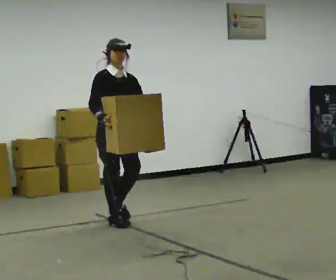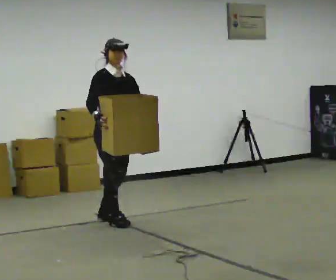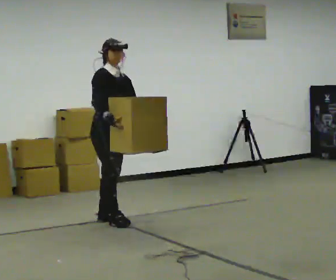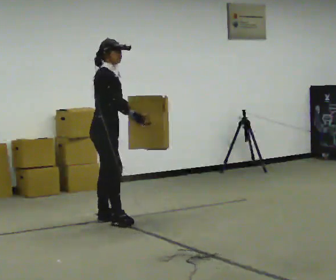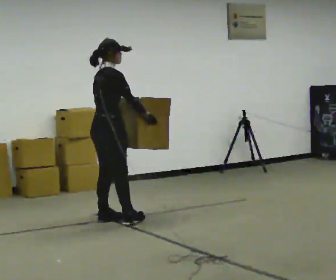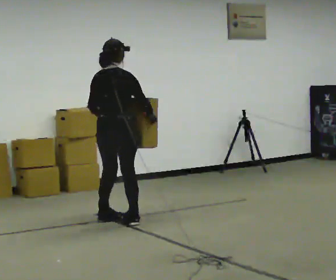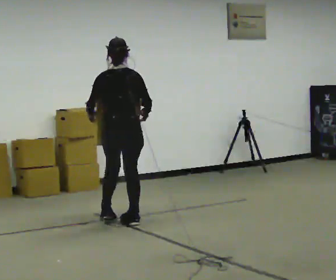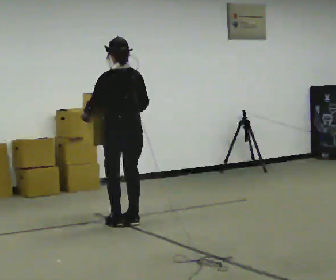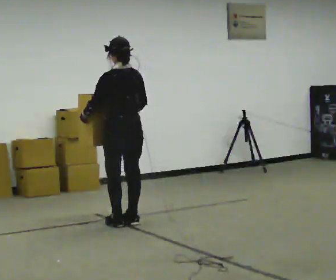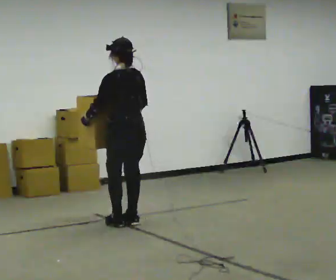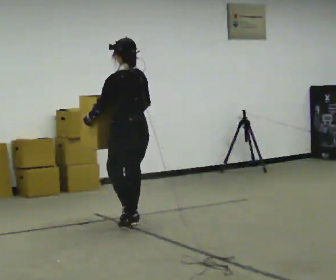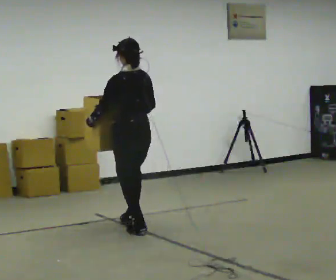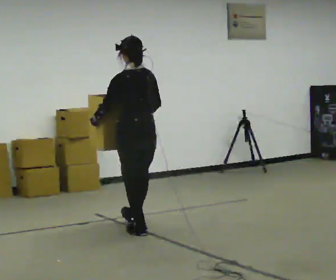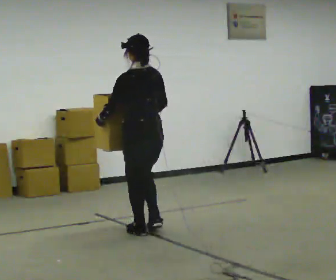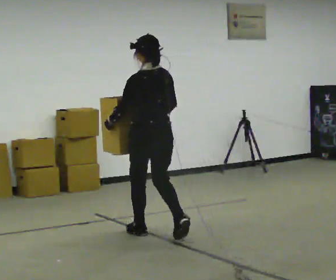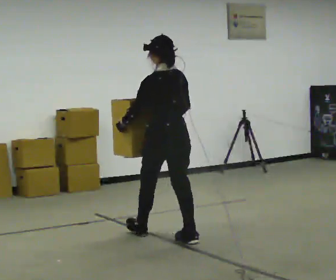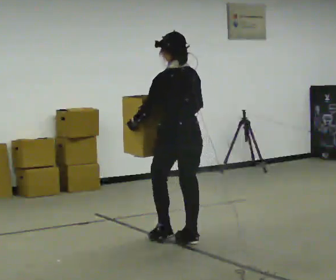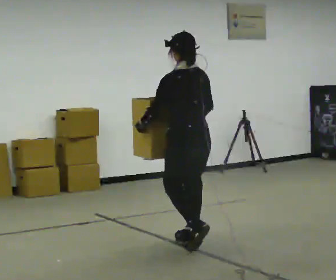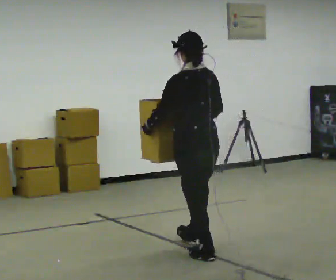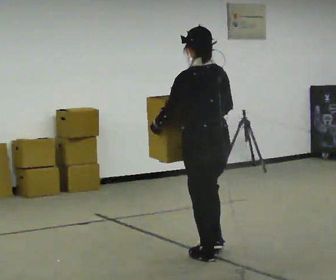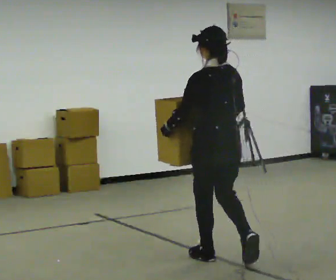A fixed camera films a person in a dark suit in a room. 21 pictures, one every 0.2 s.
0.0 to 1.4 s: Seen from above the body turns counterclockwise, about 165 degrees: to their left, with its near side sliding to the right. In the picture their right hand goes to the right.
1.4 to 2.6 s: In the picture they go toward the camera and to the right, about 0.5 m in 2 steps, which for them is backward.
2.6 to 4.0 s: In the picture they go toward the camera and to the right, about 1 m in 2 steps, which for them is backward.
The film runs backward here.
